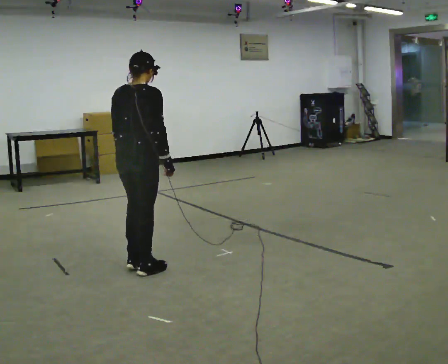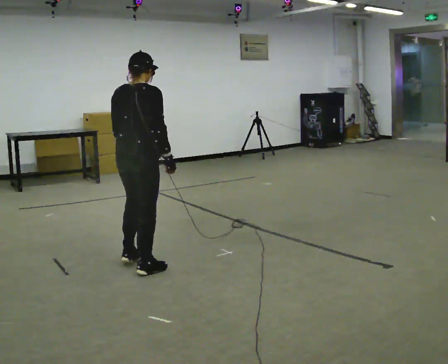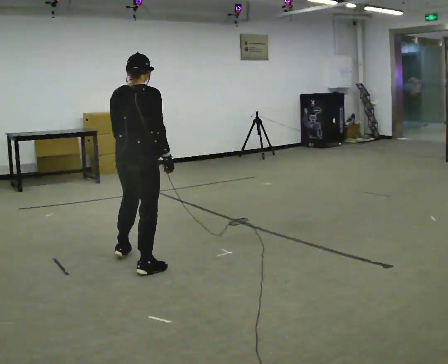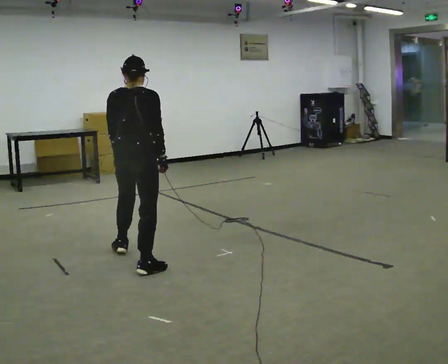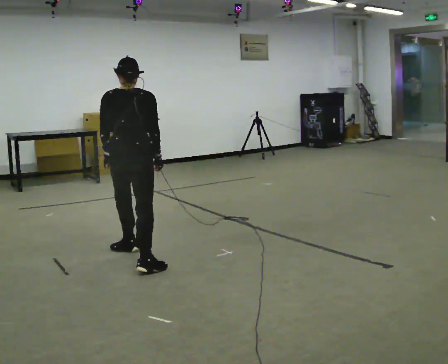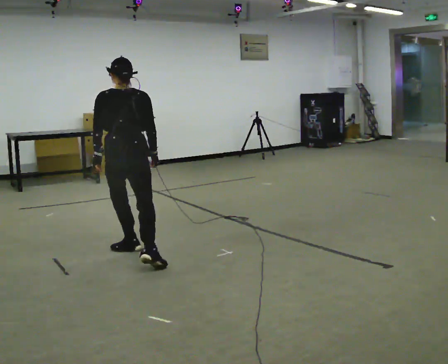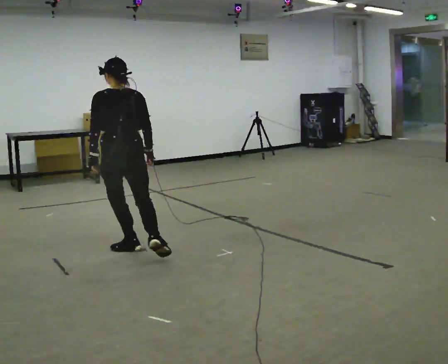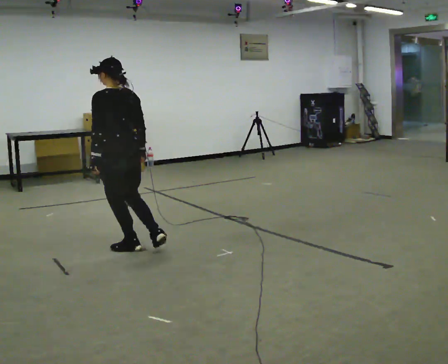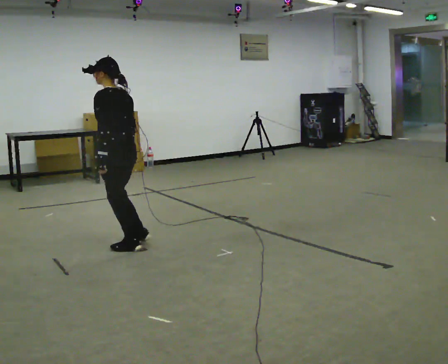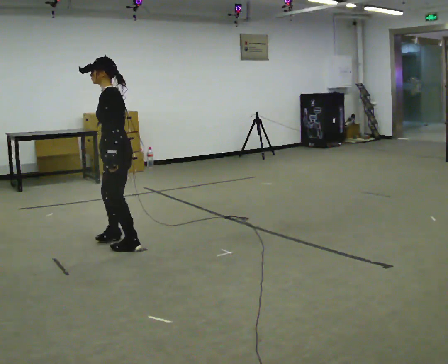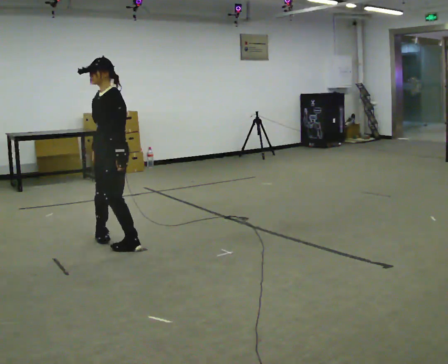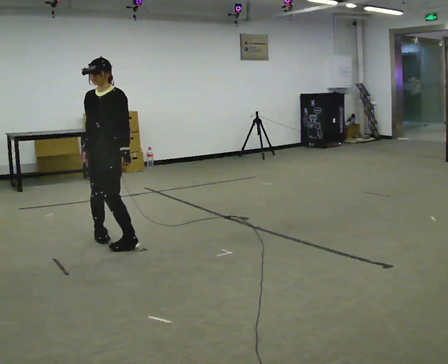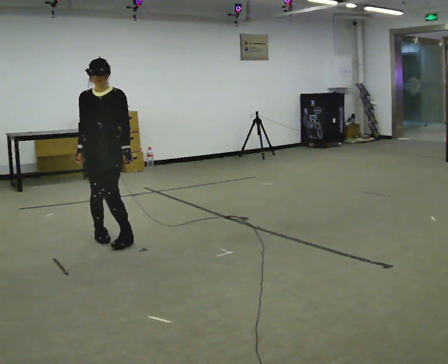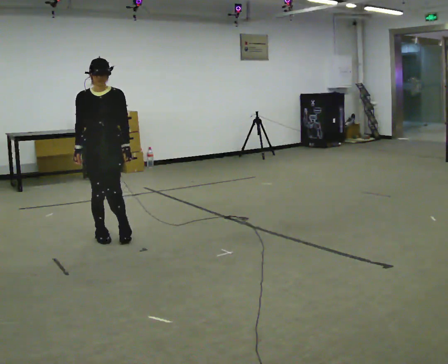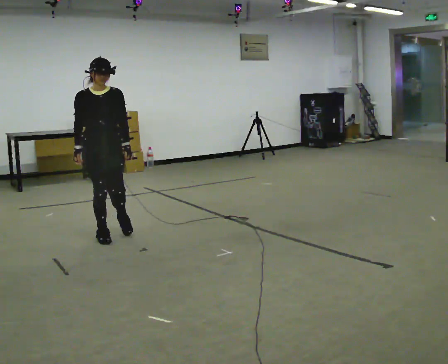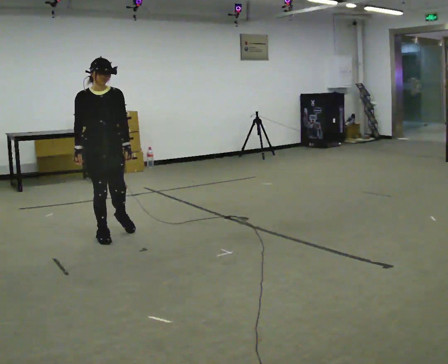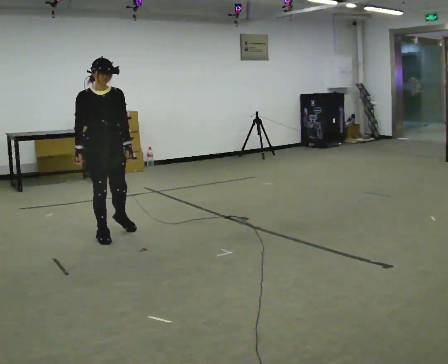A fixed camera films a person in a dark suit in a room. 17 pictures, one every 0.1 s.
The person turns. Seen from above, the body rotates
counterclockwise.
The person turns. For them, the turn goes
to their left.
0.0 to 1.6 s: The person turns about 240 degrees to their left, counterclockwise seen from above, so the part of the body nearest the lens slides to the right. In the picture they go away from the camera, about 1 m in 2 steps.
The film runs backward here.
